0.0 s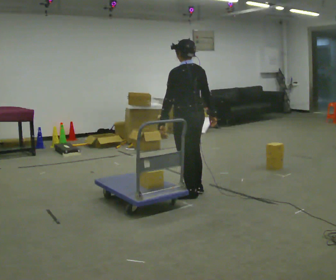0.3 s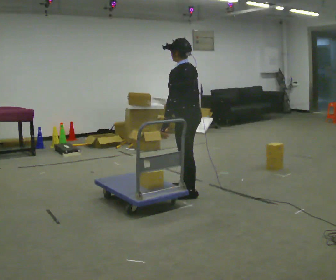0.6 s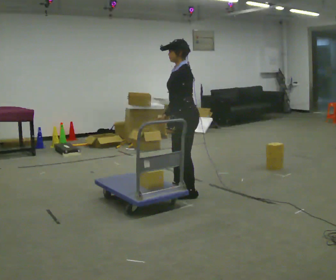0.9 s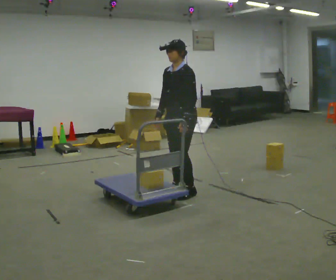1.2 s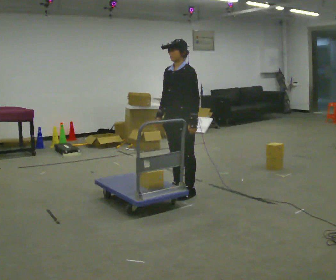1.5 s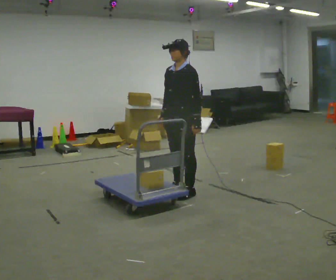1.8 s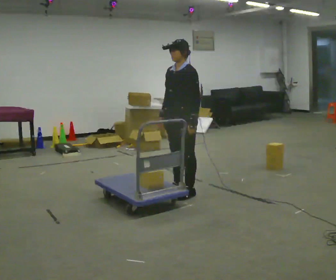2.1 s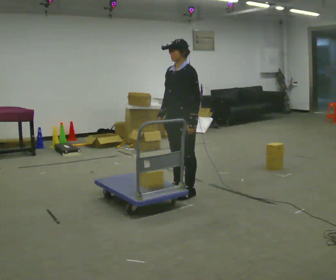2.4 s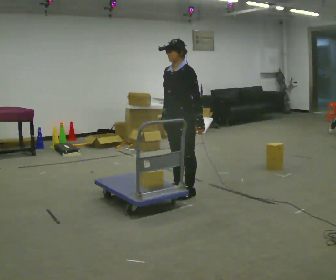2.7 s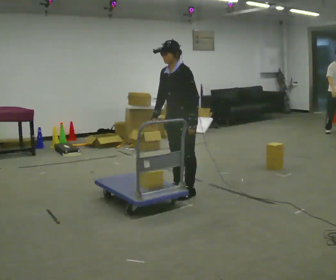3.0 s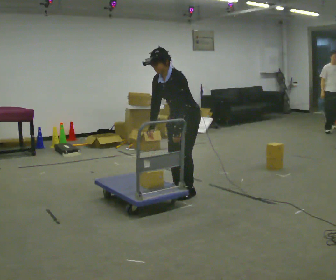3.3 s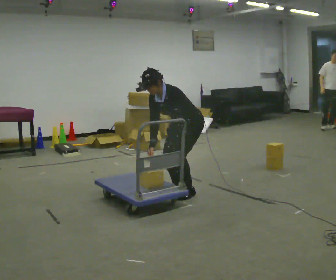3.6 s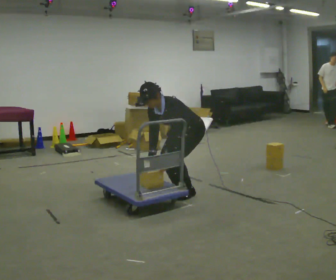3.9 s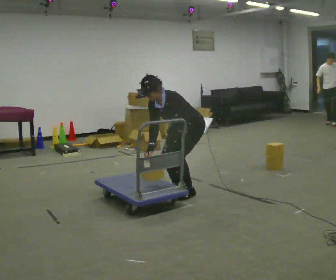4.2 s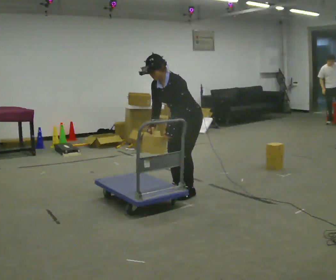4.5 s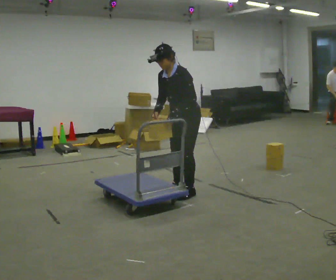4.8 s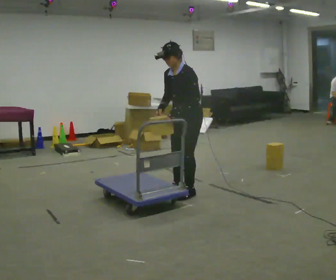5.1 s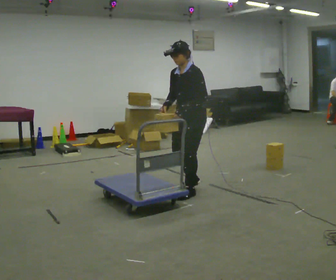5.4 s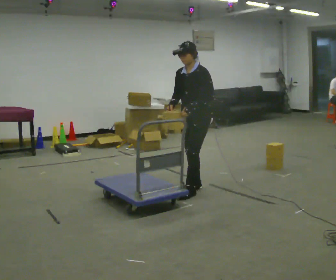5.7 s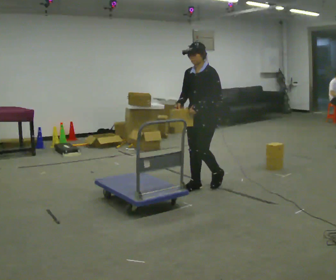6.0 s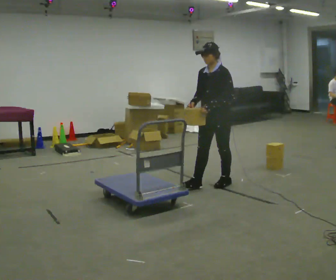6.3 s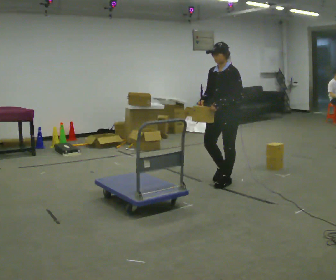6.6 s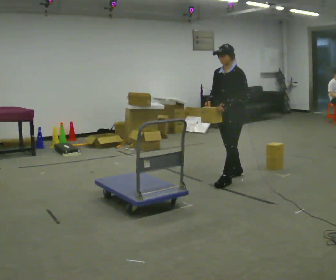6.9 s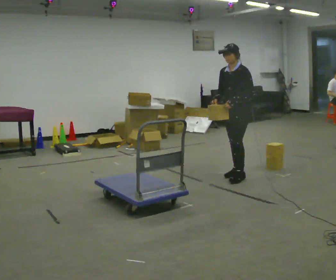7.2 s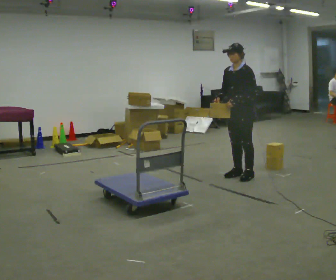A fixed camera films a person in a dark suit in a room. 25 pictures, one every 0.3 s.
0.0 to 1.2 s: Seen from above the body turns counterclockwise, about 90 degrees: to their left, with its near side sliding to the right. In the picture their right hand goes to the left, the arm swinging clockwise.
1.2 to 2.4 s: The person moves a little, or ends about where they began.
2.4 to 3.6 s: The upper body goes downward. In the picture the upper body tilts counterclockwise, shoulders to the left, as they bend forward. In the picture their right hand goes downward.
3.6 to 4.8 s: The shoulders move upward. In the picture the upper body tilts clockwise, shoulders to the right, as they lean back or straighten. In the picture their right hand goes upward.
4.8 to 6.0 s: In the picture they go to the right and away from the camera, about 0.5 m in 2 steps, which for them is backward.
6.0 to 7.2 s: In the picture they go to the right and away from the camera, about 0.5 m in 2 steps, which for them is backward.
The film runs backward here.
